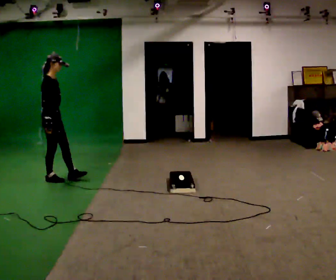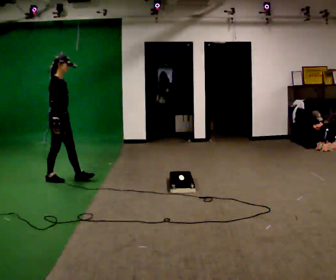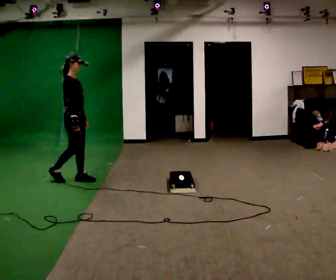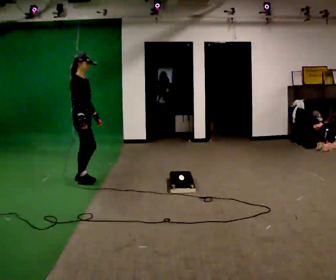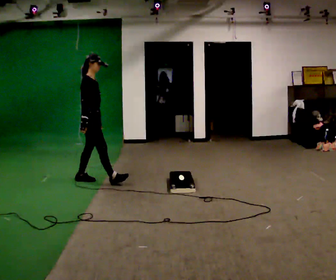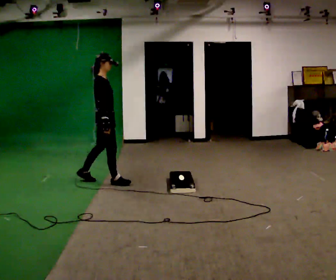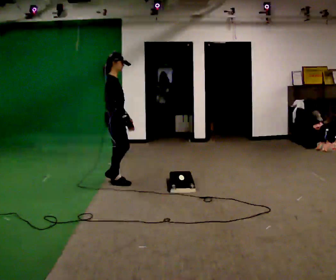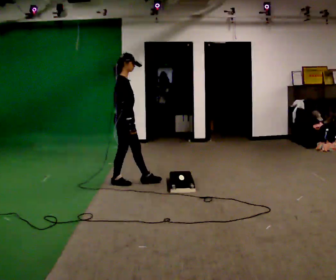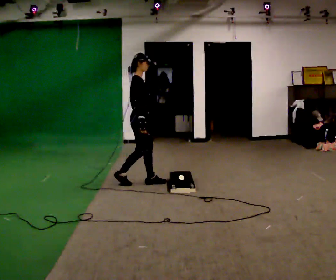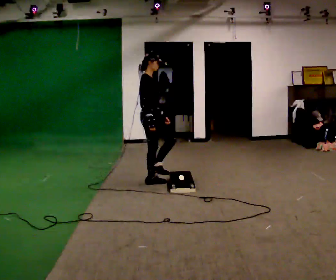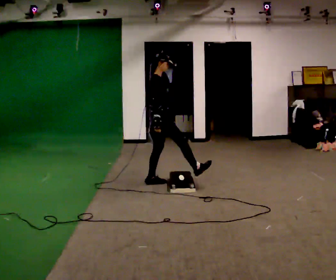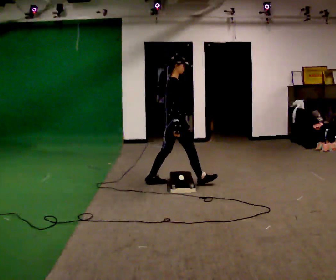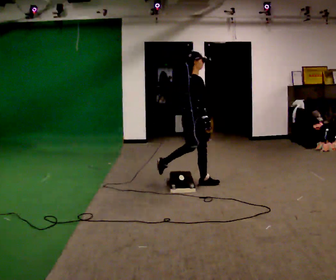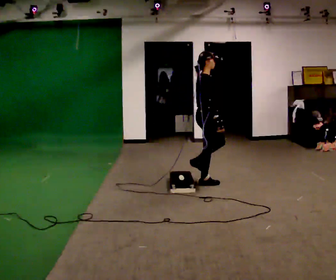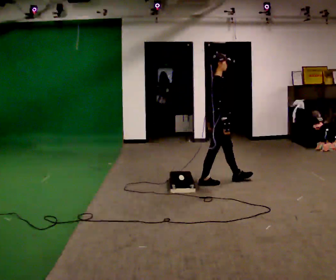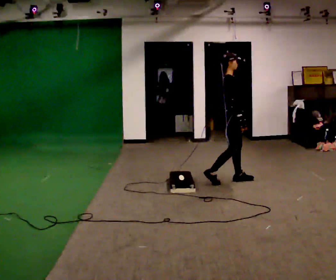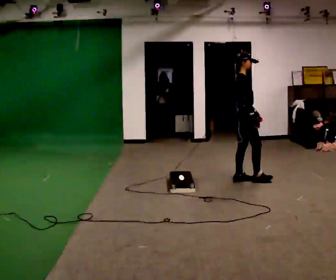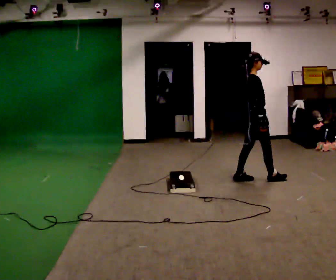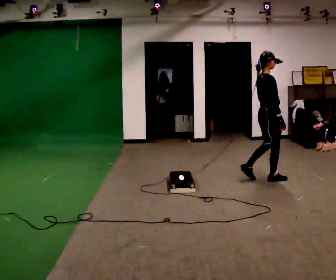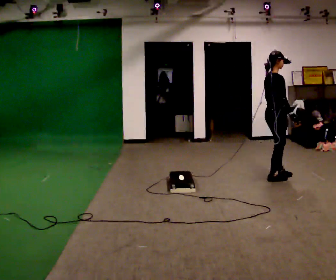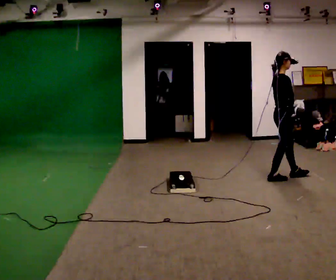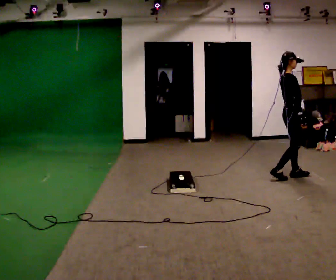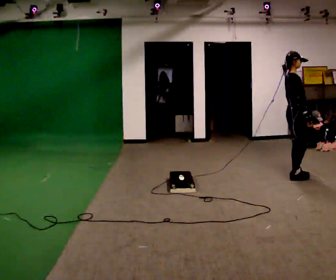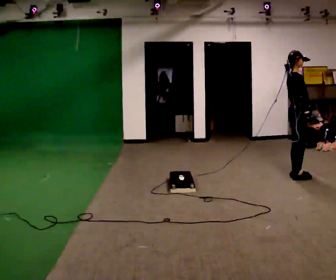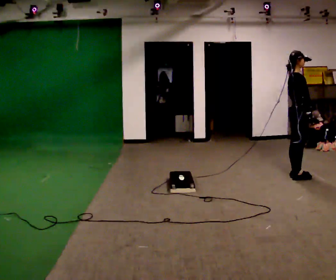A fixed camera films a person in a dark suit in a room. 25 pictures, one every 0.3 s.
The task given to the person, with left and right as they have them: Walk toward low obstacle; step over without stopping; continue.
0.0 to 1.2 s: In the picture they go to the right, about 0.5 m in 2 steps, which for them is forward.
1.2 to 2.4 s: In the picture they go to the right, about 0.5 m in 1 step, which for them is forward.
2.4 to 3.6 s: In the picture they go to the right, about 0.75 m in 1 step, which for them is forward.
3.6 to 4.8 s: In the picture they go to the right, about 0.5 m in 1 step, which for them is forward.
4.8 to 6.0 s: In the picture they go to the right, about 0.5 m in 2 steps, which for them is forward.
6.0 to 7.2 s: In the picture they go to the right, about 0.25 m in 1 step, which for them is forward.
The film runs forward here.
